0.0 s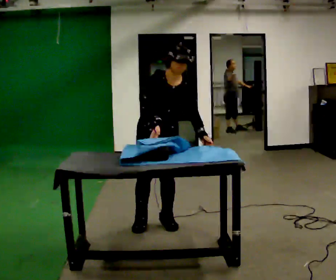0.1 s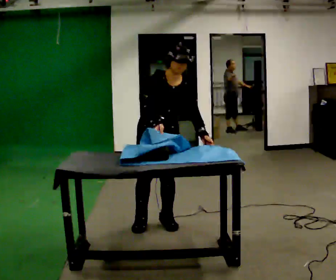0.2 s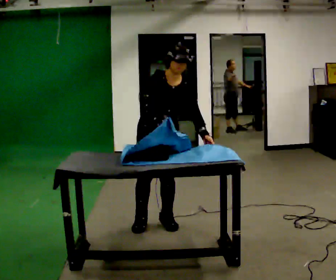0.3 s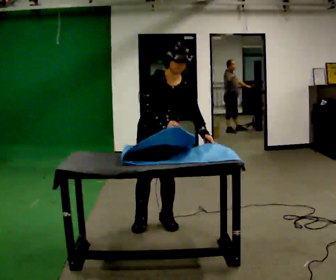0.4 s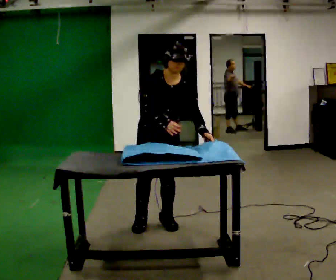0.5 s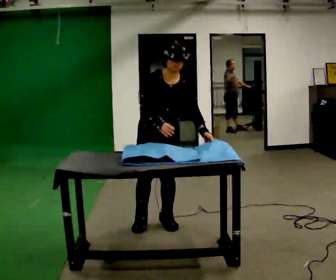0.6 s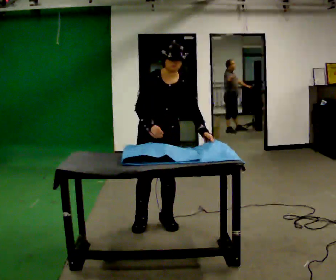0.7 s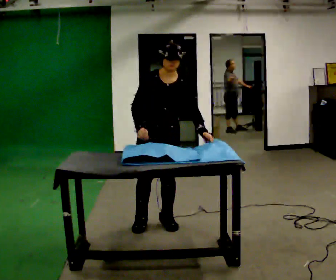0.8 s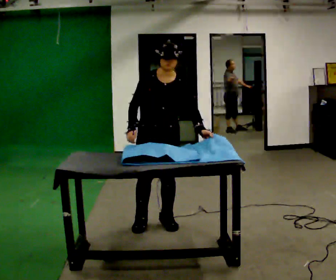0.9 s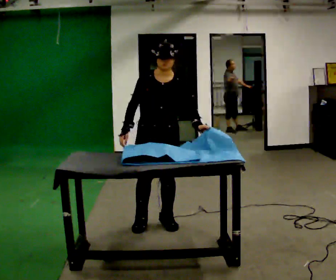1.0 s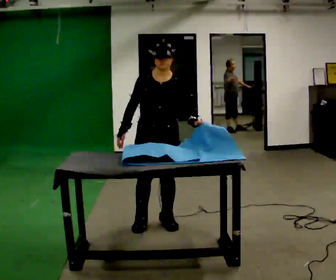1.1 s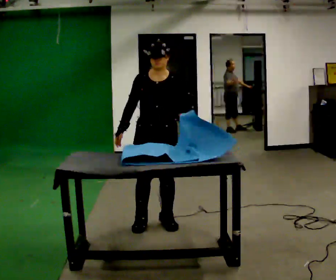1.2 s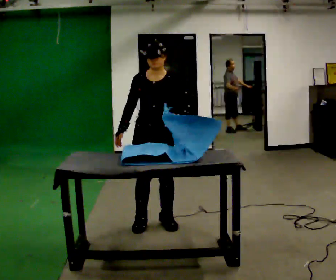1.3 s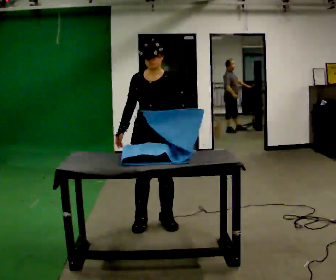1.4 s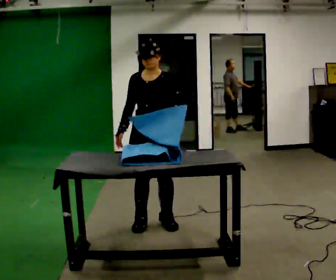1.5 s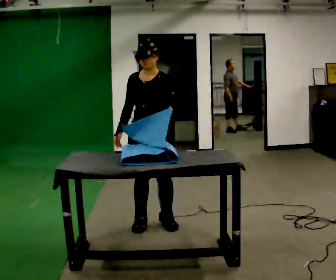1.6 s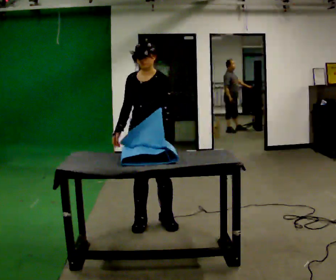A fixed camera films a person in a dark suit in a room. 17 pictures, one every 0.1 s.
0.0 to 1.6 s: The part of the body nearest the lens slides to the left as the person turns to their right by about 30 degrees. In the picture the upper body tilts counterclockwise, shoulders to the left, as they lean back or straighten.
The film runs forward here.
